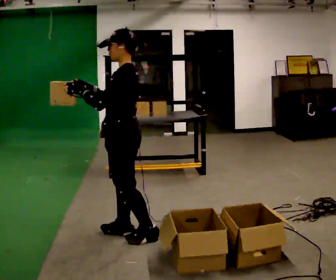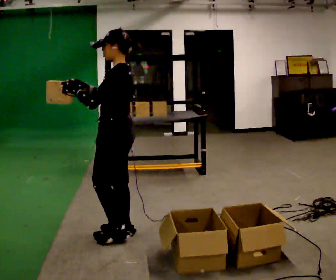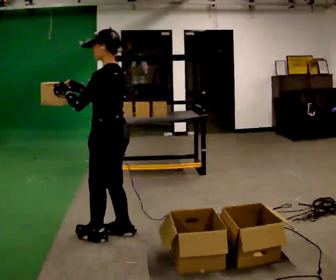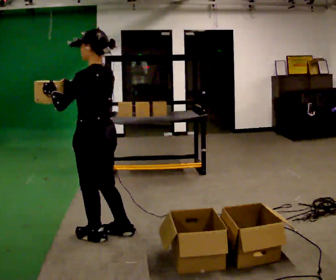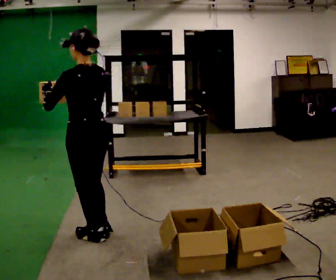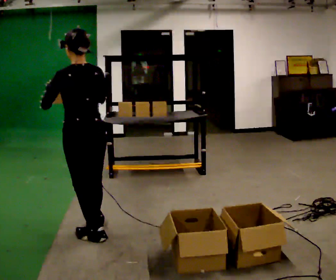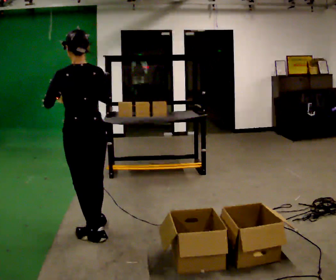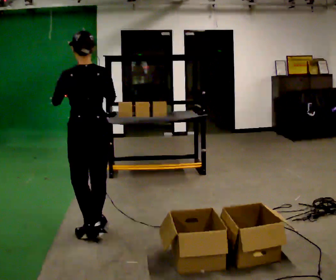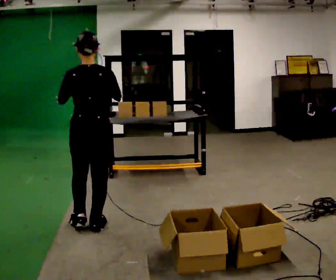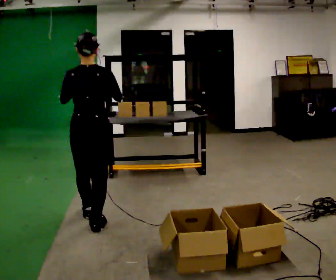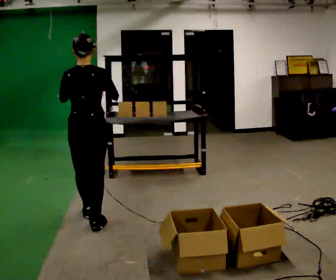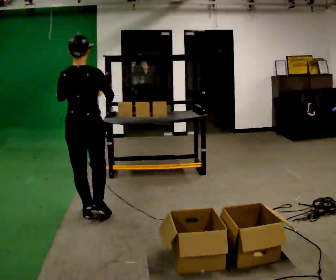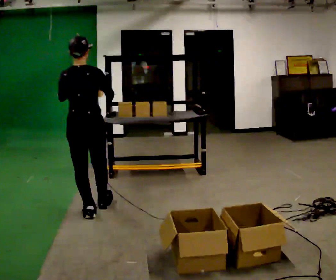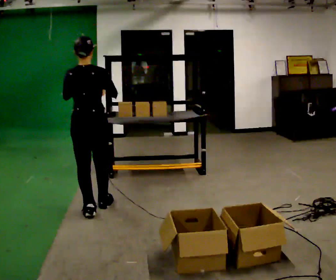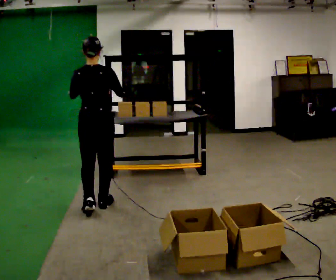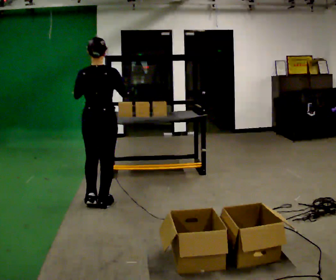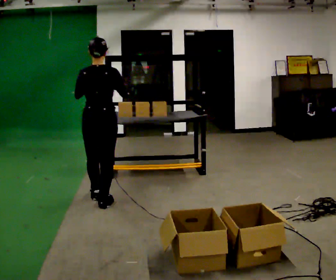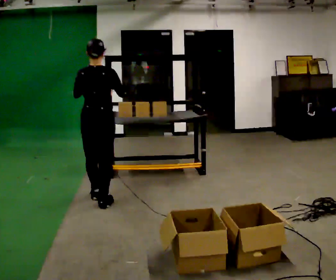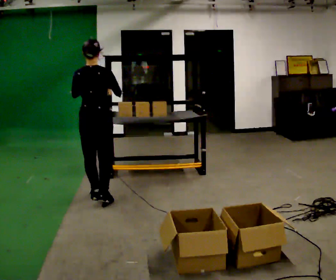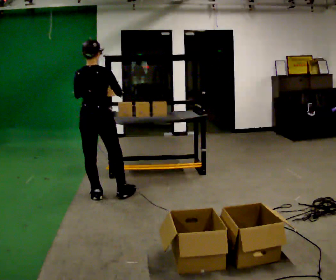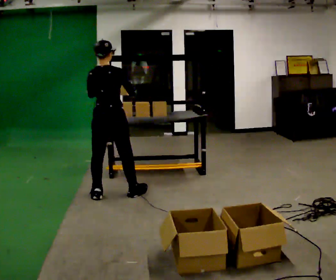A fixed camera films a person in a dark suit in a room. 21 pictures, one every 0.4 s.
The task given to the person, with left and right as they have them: 1. Look at the shelf and see which spaces are empty. 2. Find matching items in the bins on the floor. 3. Fill the empty spaces on the shelf. 4. Tell the operator when you are finished.
0.0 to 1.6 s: The person turns about 45 degrees to their right, clockwise seen from above, so the part of the body nearest the lens slides to the left. In the picture they go to the left, about 0.25 m in 1 step, which for them is forward and to their left.
1.6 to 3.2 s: The part of the body nearest the lens slides to the left as the person turns to their right by about 30 degrees. In the picture they go away from the camera, about 0.25 m in 1 step, which for them is forward.
3.2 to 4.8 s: In the picture they go away from the camera, about 0.25 m in 2 steps, which for them is forward and to their left.
4.8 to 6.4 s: In the picture they go away from the camera, about 0.25 m in 1 step, which for them is forward.
6.4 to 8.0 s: In the picture they go away from the camera, about 0.25 m in 1 step, which for them is forward.
The film runs forward here.
